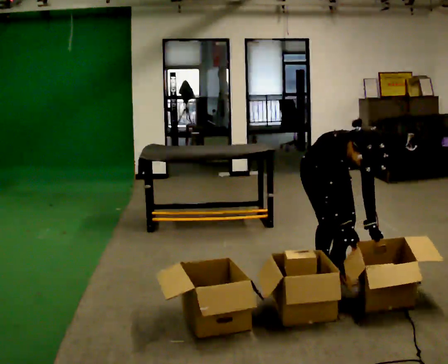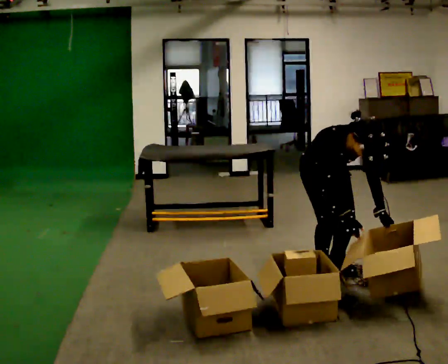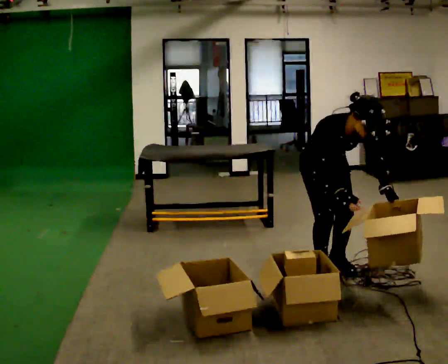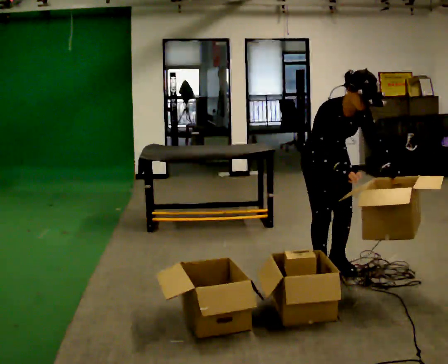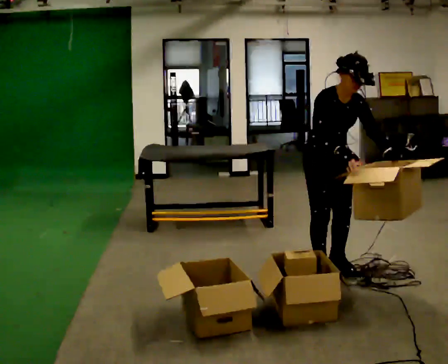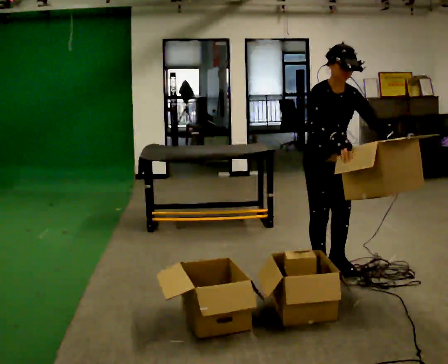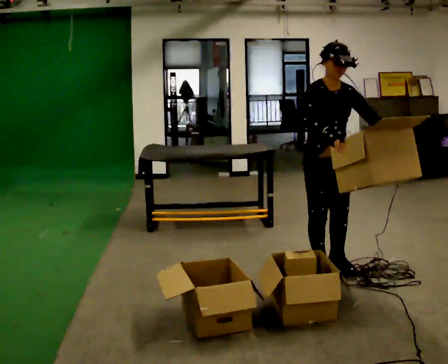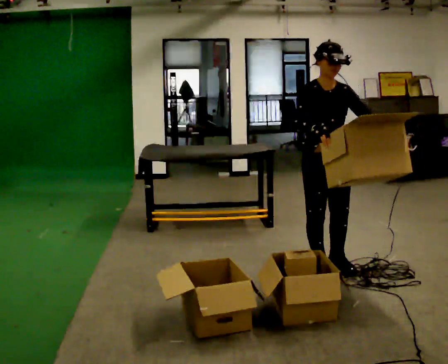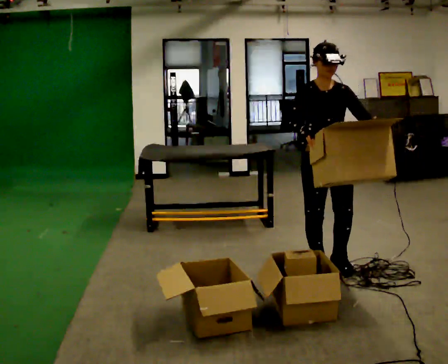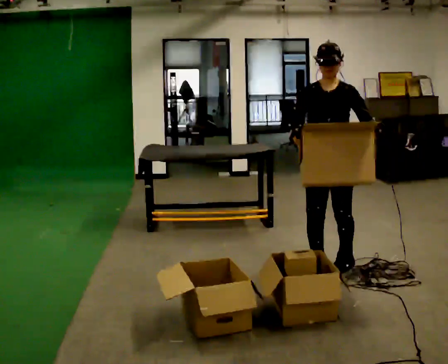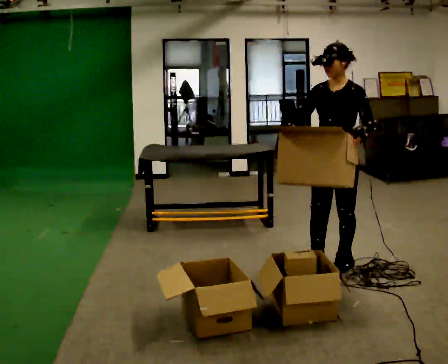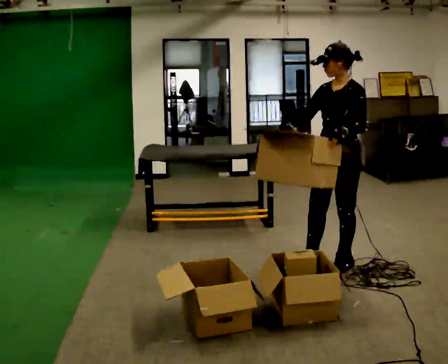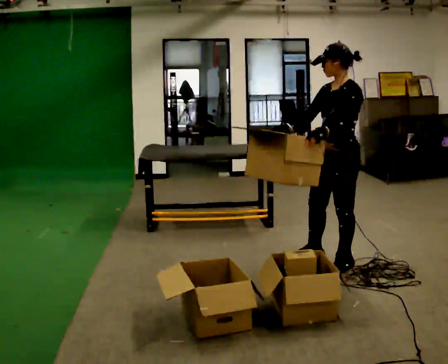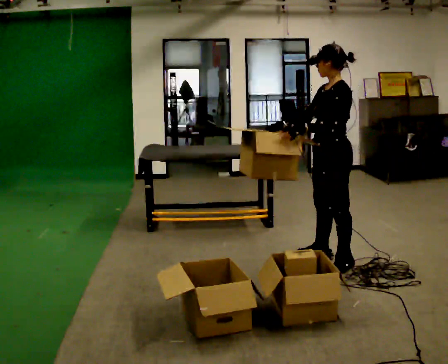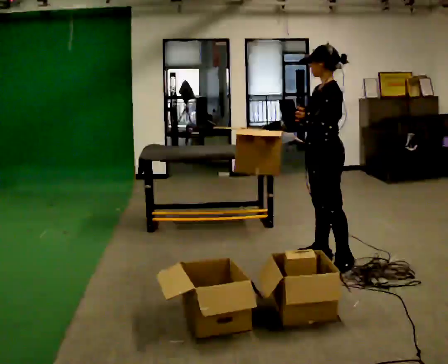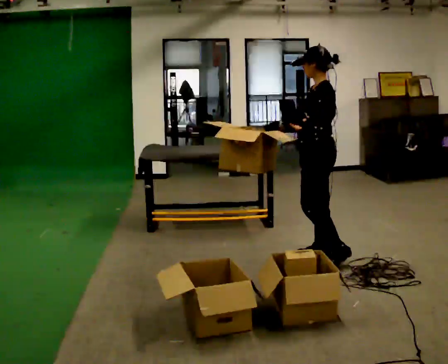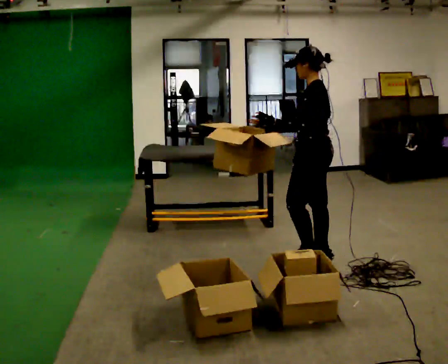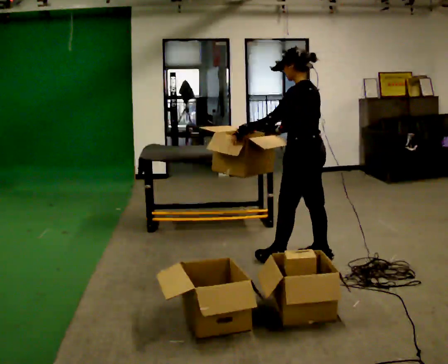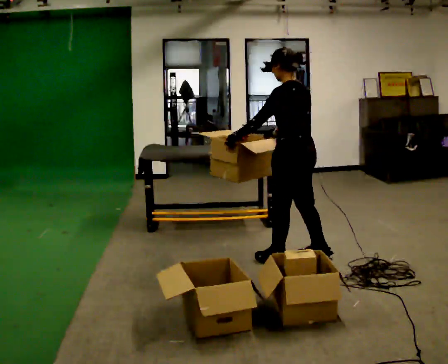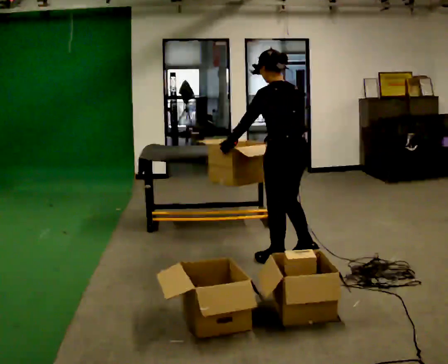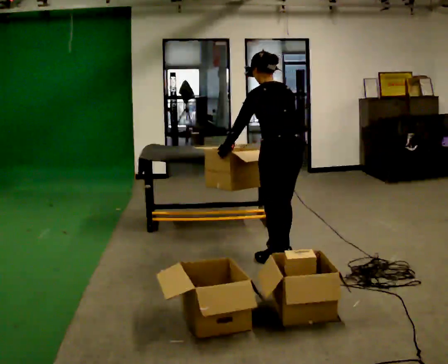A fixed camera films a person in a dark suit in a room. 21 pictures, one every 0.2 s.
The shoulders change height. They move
upward.
The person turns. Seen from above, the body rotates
clockwise.
0.0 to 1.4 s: The shoulders move upward. The upper body tips away from the camera, its near side rolling upward, as they lean back or straighten. In the picture their left hand goes upward.
1.4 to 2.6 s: The part of the body nearest the lens slides to the left as the person turns to their right by about 90 degrees. In the picture they go away from the camera, about 0.25 m in 1 step. In the picture their right hand goes to the left.
2.6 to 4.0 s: The part of the body nearest the lens slides to the left as the person turns to their right by about 60 degrees. In the picture they go to the left, about 0.25 m in 1 step. In the picture the upper body tilts counterclockwise, shoulders to the left, as they bend forward.
The film runs forward here.
